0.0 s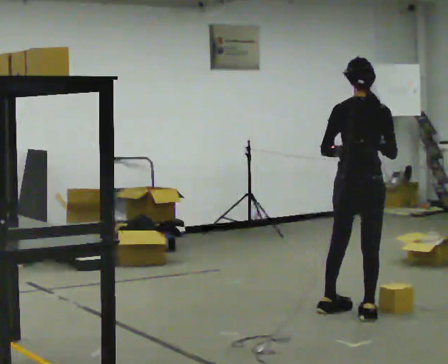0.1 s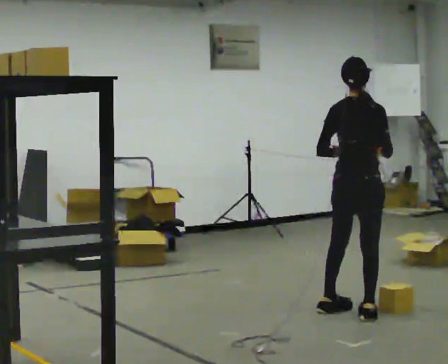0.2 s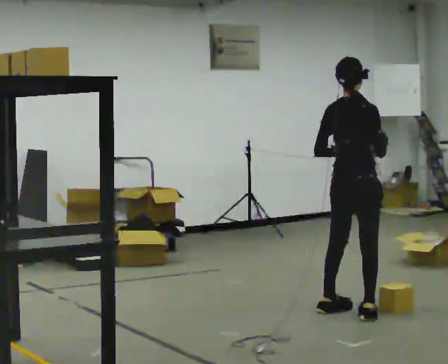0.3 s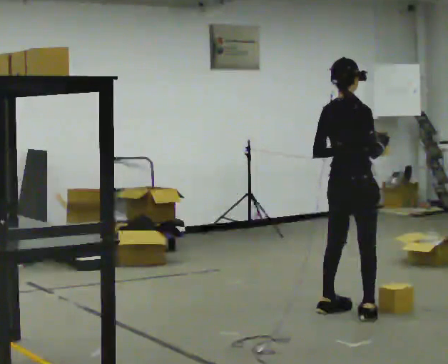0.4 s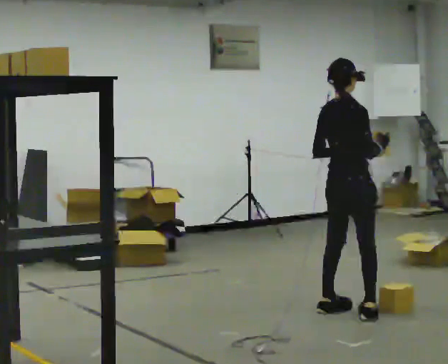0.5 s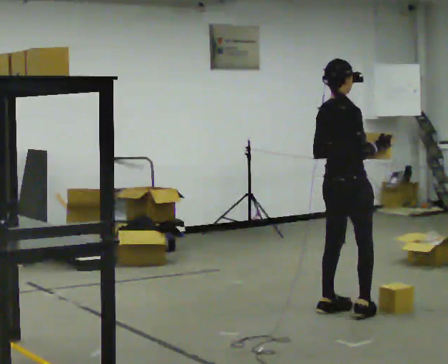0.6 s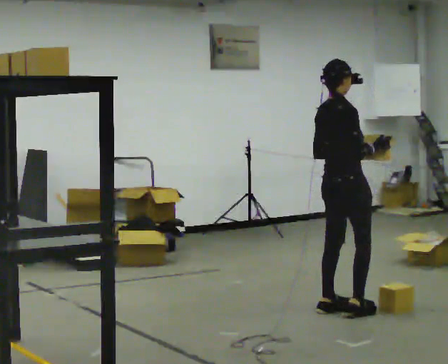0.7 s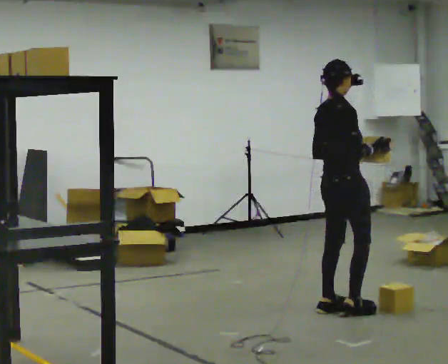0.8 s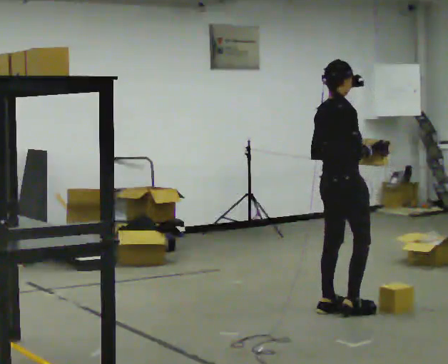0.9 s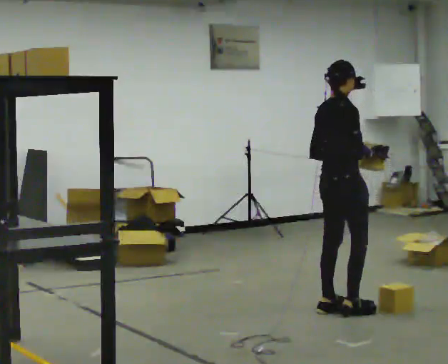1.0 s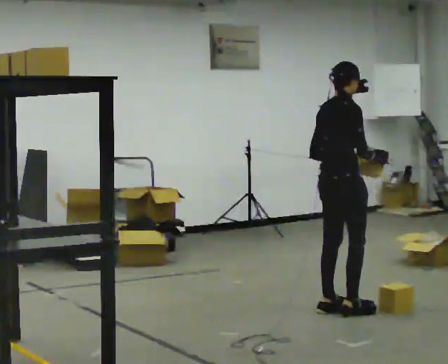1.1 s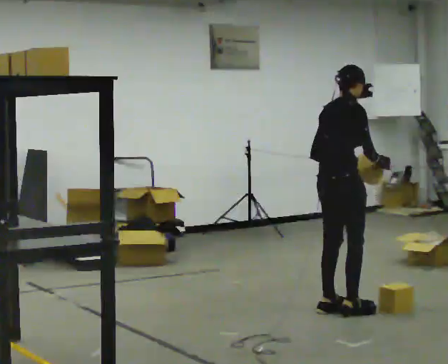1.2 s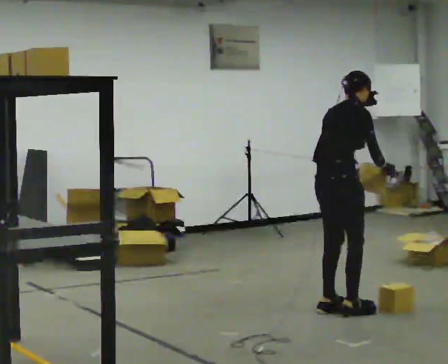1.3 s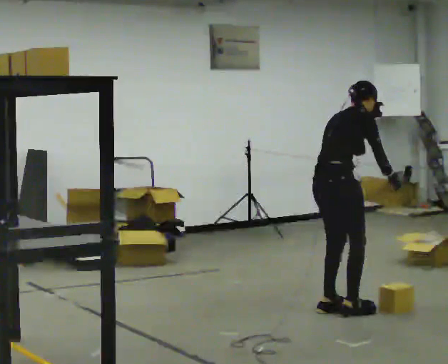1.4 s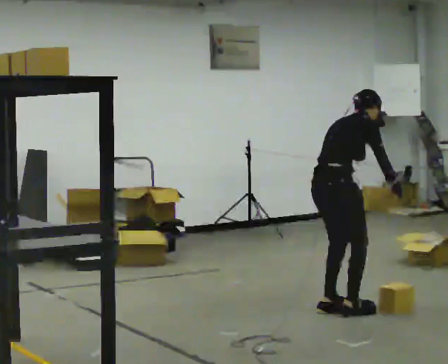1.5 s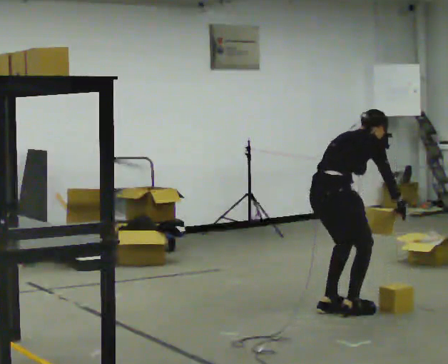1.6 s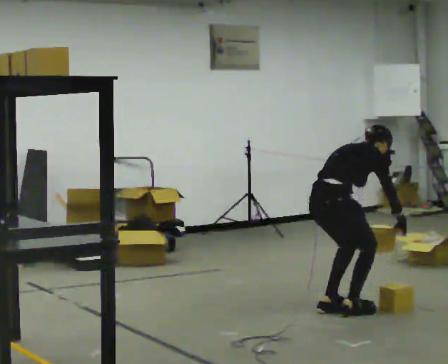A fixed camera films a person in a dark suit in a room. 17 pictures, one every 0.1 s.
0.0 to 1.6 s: The person turns about 60 degrees to their right, clockwise seen from above, so the part of the body nearest the lens slides to the left. In the picture they go to the left, about 0.25 m. The shoulders move downward. In the picture the upper body tilts clockwise, shoulders to the right. In the picture their right hand goes downward.
The film runs backward here.
